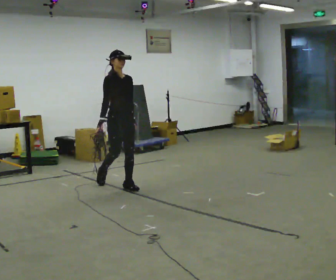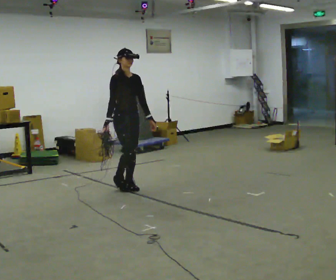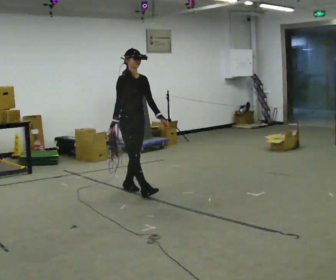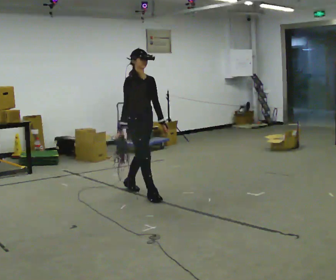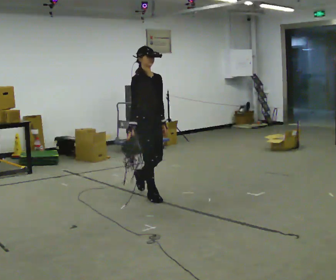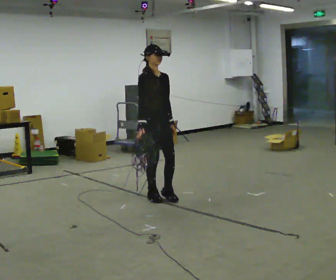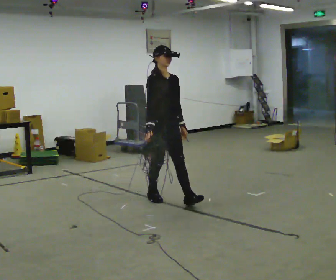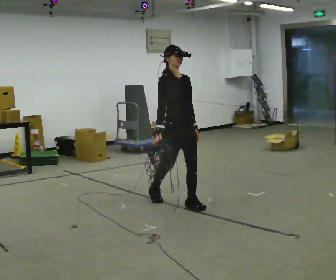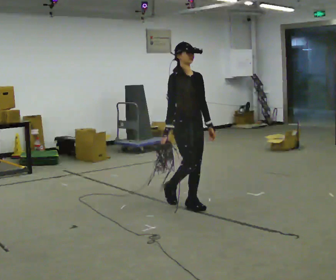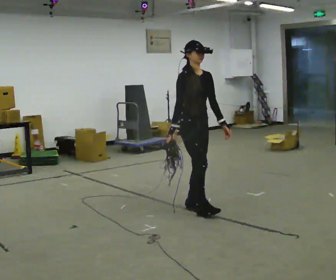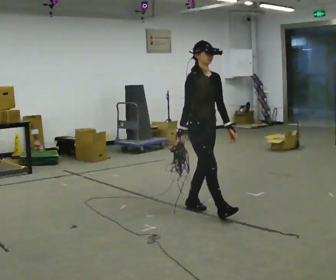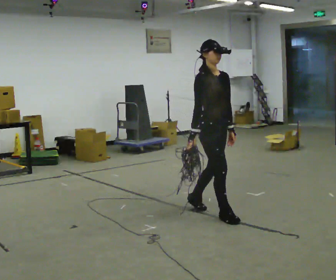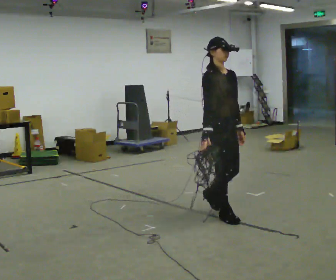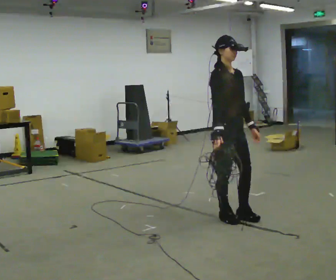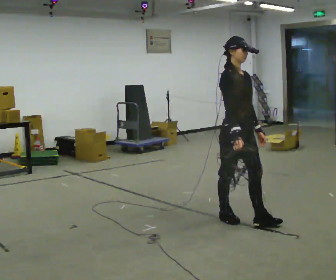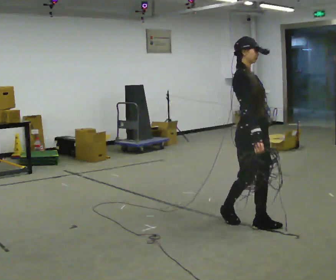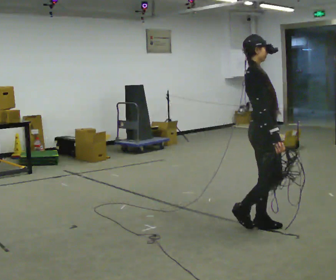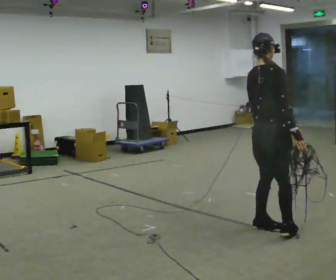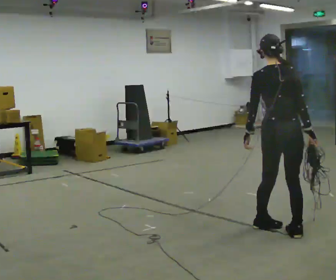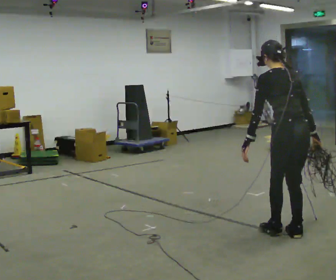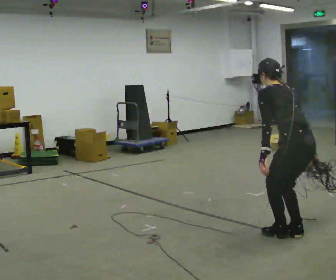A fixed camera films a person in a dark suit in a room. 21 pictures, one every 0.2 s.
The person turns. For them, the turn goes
to their left.
The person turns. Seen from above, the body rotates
counterclockwise.
0.0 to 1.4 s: In the picture they go toward the camera and to the right, about 1 m in 2 steps, which for them is forward.
1.4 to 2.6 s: In the picture they go toward the camera and to the right, about 0.75 m in 1 step, which for them is forward.
2.6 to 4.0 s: The person turns about 165 degrees to their left, counterclockwise seen from above, so the part of the body nearest the lens slides to the right. In the picture they go toward the camera and to the right, about 1 m in 3 steps. The shoulders move downward. The upper body tips away from the camera, its near side rolling upward, as they bend forward.
The film runs forward here.
